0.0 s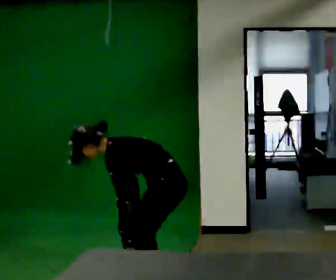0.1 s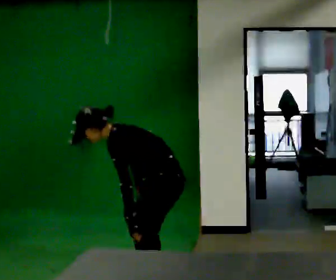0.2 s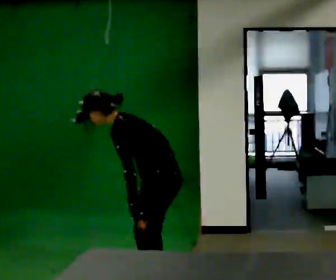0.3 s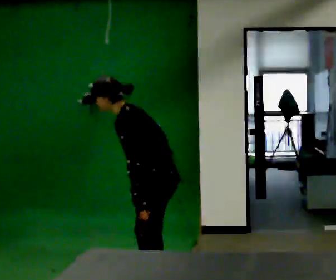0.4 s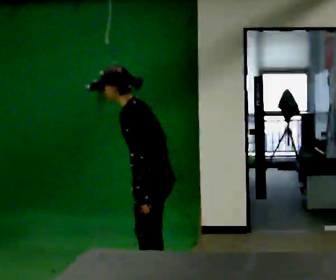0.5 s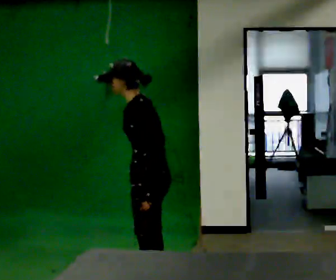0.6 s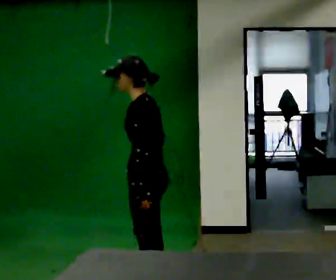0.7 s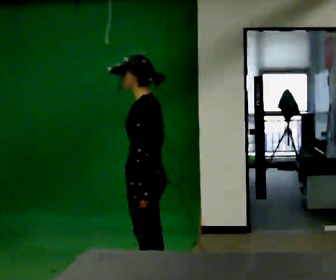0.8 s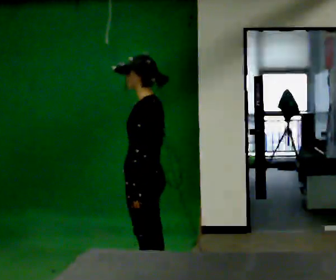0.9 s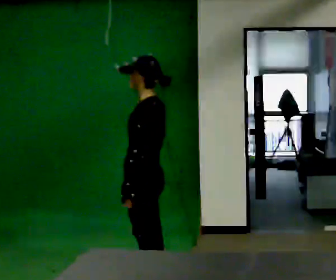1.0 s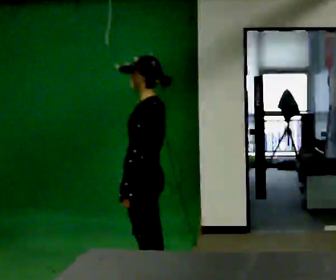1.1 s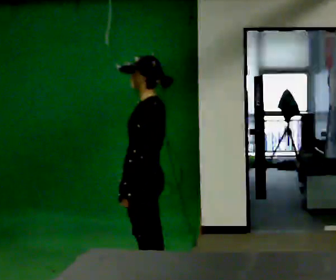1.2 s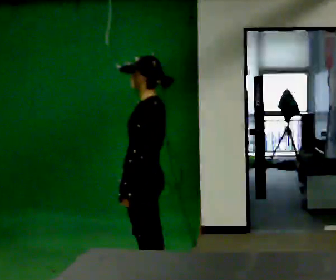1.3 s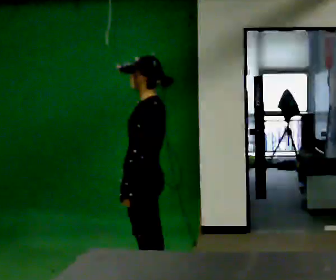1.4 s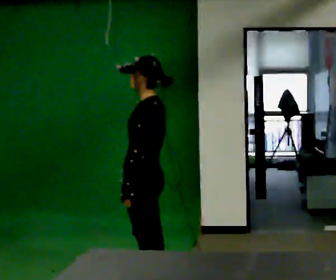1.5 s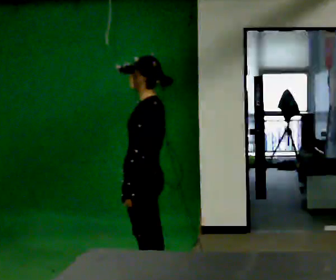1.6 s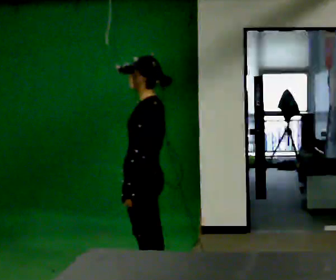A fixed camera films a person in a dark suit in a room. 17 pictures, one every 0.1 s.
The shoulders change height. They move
upward.
The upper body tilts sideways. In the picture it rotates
clockwise.
0.0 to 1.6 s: The upper body goes upward. In the picture the upper body tilts clockwise, shoulders to the right, as they lean back or straighten.
The film runs forward here.
